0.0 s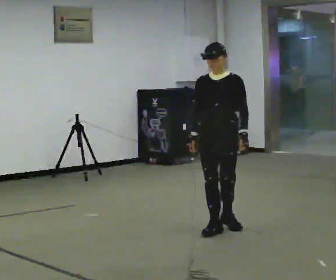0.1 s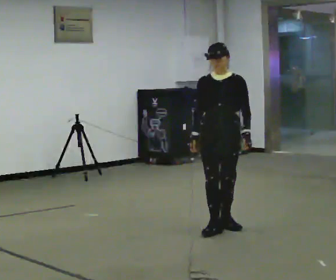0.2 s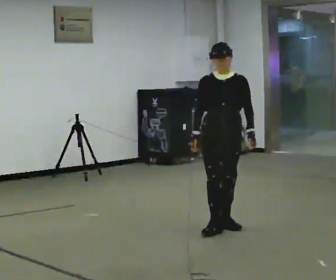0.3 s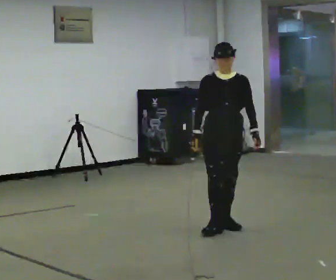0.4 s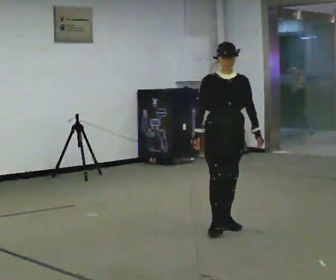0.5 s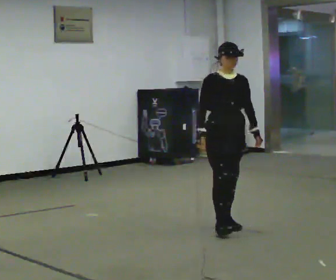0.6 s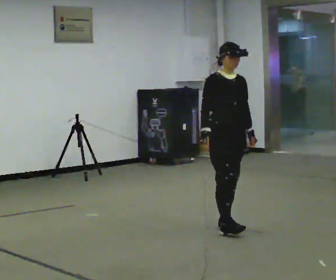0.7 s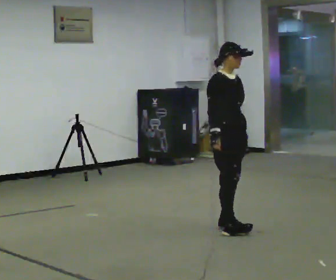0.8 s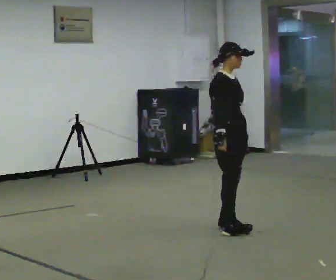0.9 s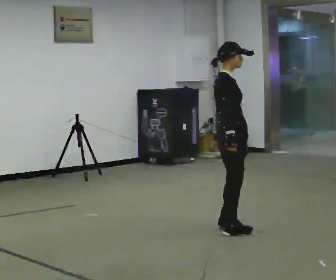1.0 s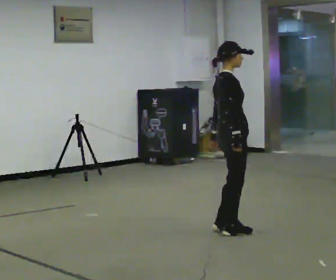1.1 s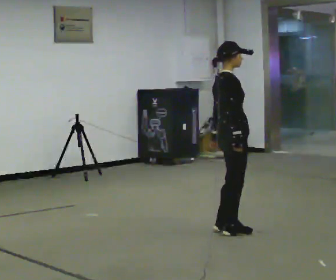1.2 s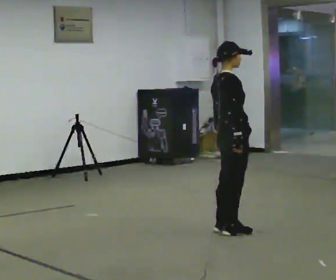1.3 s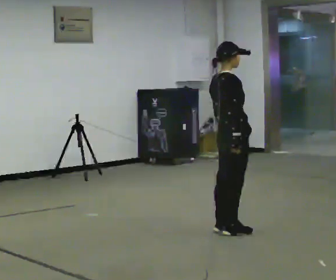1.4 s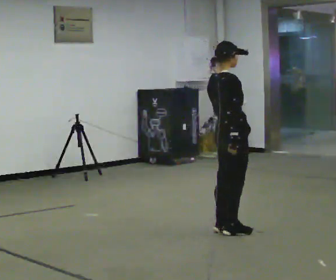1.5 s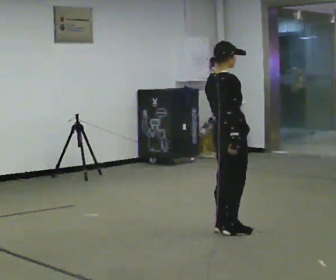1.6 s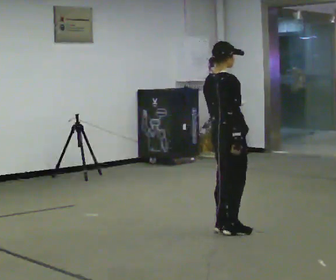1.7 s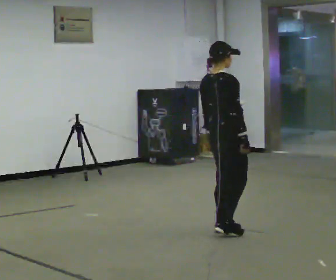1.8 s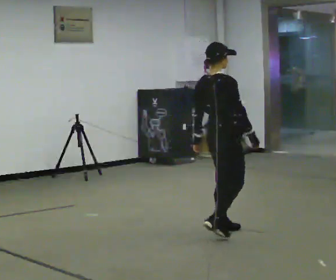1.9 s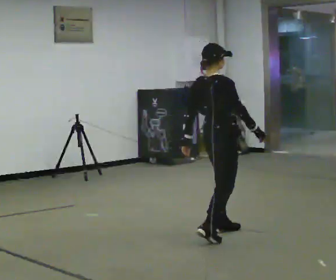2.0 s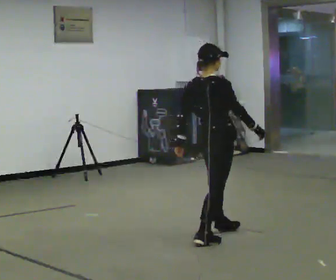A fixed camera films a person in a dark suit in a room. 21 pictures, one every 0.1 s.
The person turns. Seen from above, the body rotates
counterclockwise.
Their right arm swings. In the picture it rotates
counterclockwise.
0.0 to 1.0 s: The person turns about 105 degrees to their left, counterclockwise seen from above, so the part of the body nearest the lens slides to the right.
1.0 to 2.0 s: Seen from above the body turns counterclockwise, about 45 degrees: to their left, with its near side sliding to the right. In the picture they go toward the camera, about 0.25 m in 2 steps, which for them is backward and to their right.
The film runs backward here.
